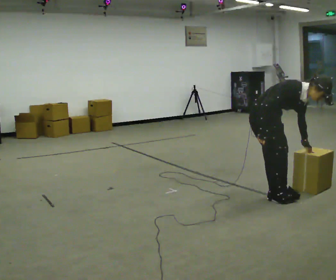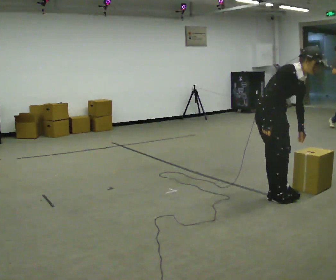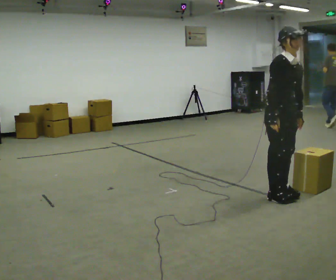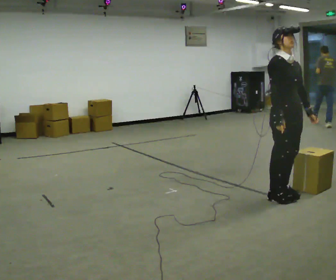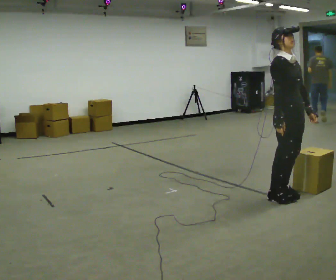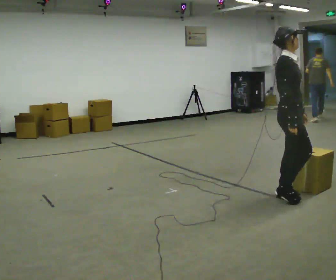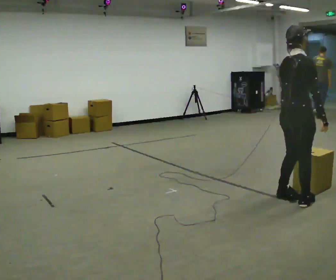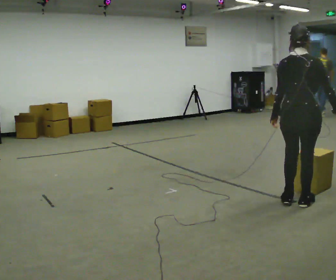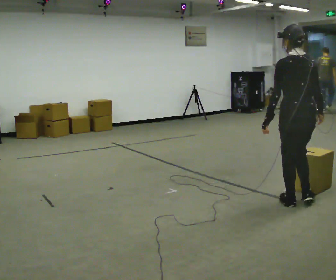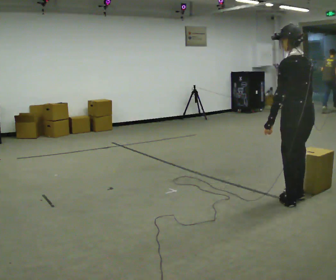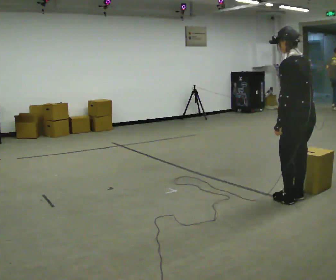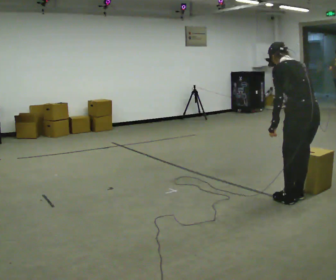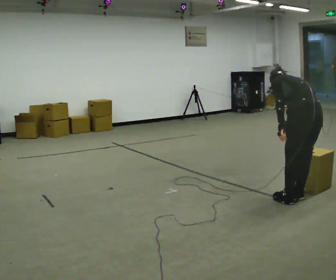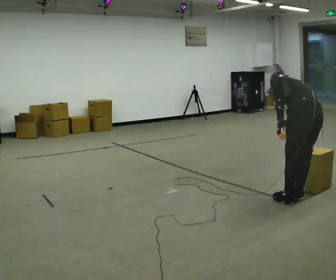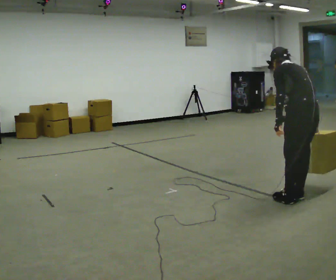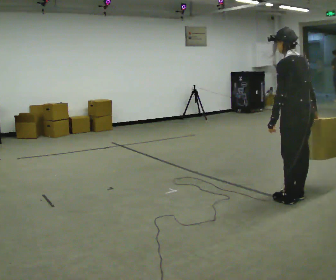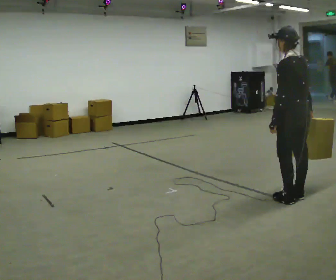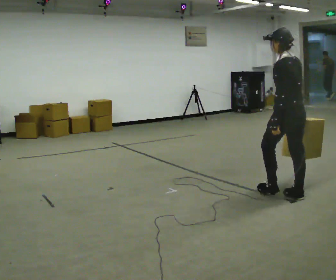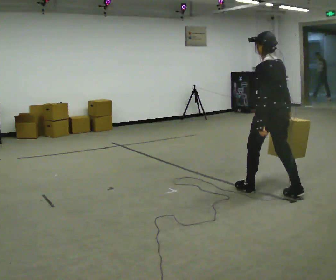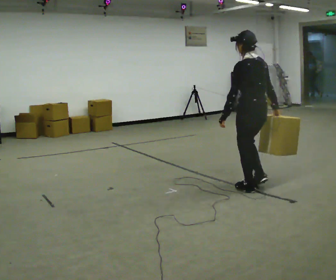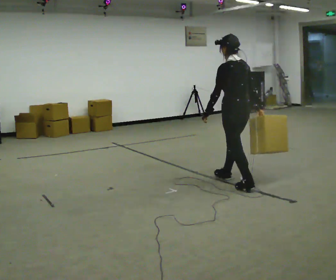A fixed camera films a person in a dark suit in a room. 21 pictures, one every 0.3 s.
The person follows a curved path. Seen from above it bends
counterclockwise.
0.0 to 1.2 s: In the picture they go to the right, about 0.25 m, which for them is forward. The shoulders move upward. In the picture the upper body tilts counterclockwise, shoulders to the left, as they lean back or straighten.
1.2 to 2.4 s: The person turns about 150 degrees to their left, counterclockwise seen from above, so the part of the body nearest the lens slides to the right. In the picture they go toward the camera, about 0.25 m in 2 steps. In the picture their left hand goes to the left, the arm swinging clockwise.
2.4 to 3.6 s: The shoulders move downward. The upper body tips away from the camera, its near side rolling upward, as they bend forward.
3.6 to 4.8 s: In the picture they go away from the camera, about 0.25 m, which for them is forward. The shoulders move upward. The upper body tips toward the camera, its near side rolling downward, as they lean back or straighten.
4.8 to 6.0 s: In the picture they go to the left and away from the camera, about 0.5 m in 2 steps, which for them is forward.
The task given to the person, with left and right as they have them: Carry the box across the room, stopping and starting again each time the operator says stop and go. Do not set the box down.
The film runs forward here.
